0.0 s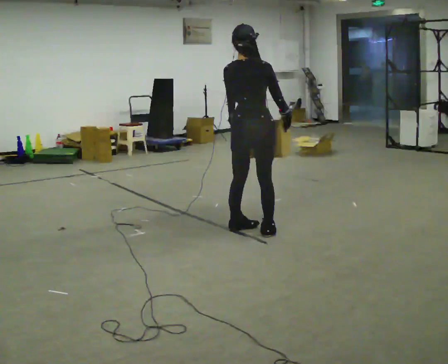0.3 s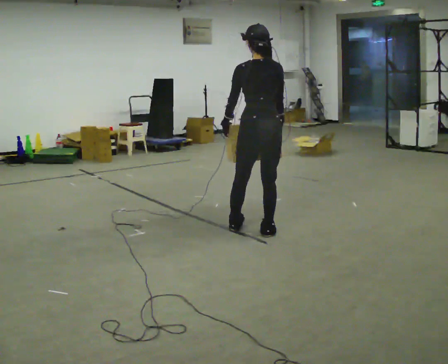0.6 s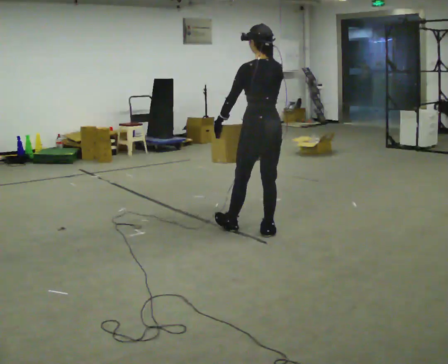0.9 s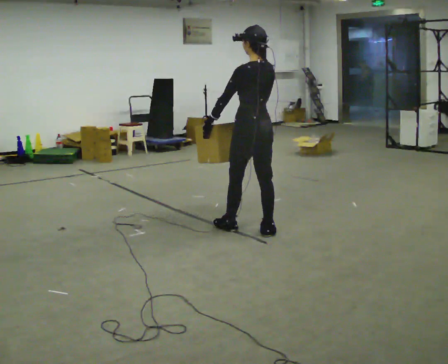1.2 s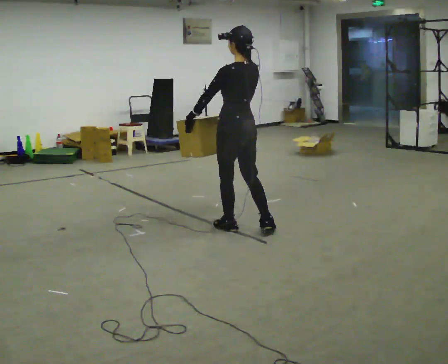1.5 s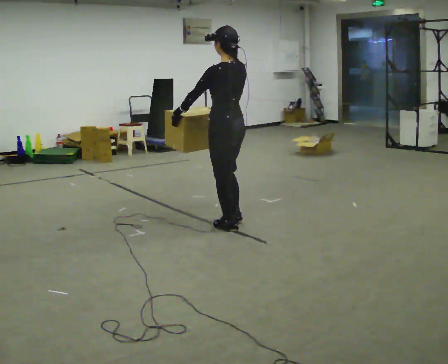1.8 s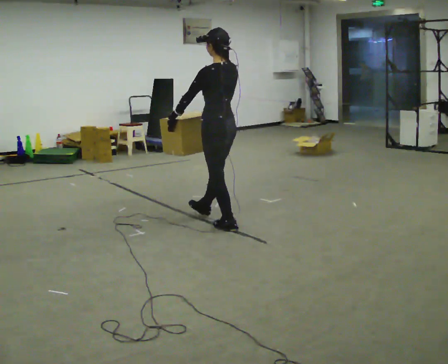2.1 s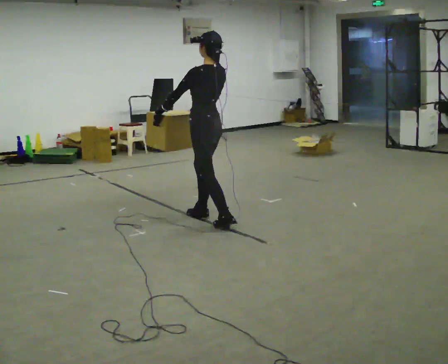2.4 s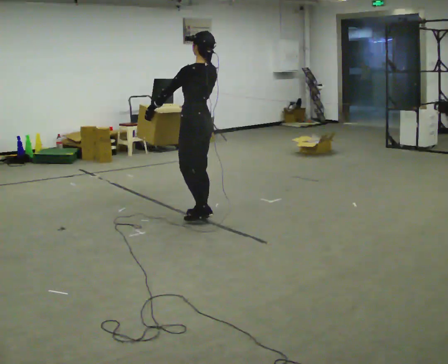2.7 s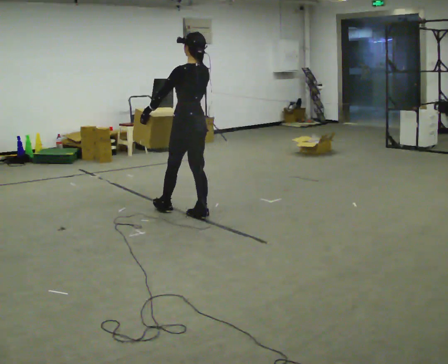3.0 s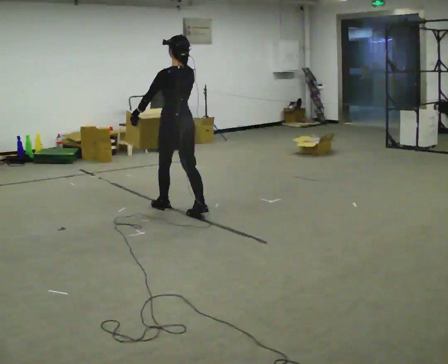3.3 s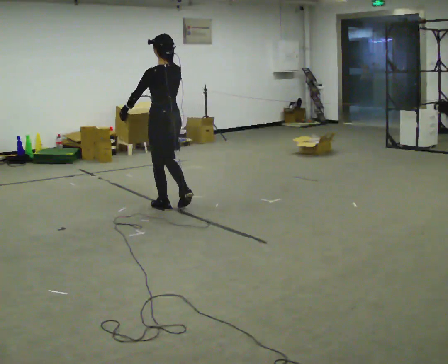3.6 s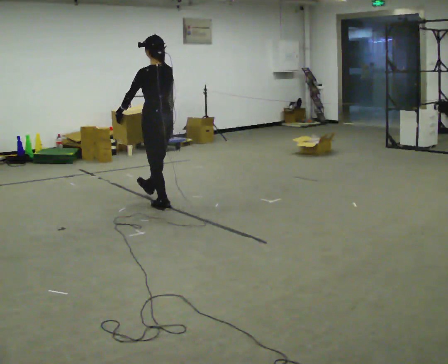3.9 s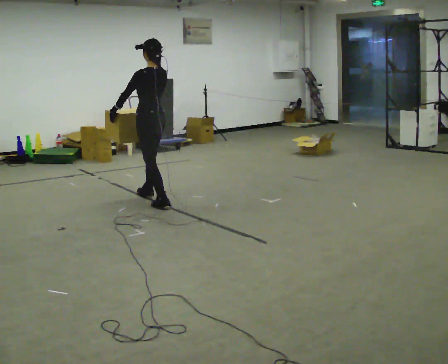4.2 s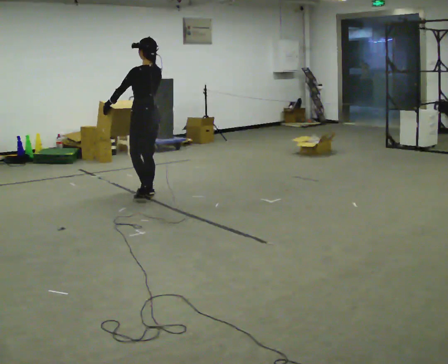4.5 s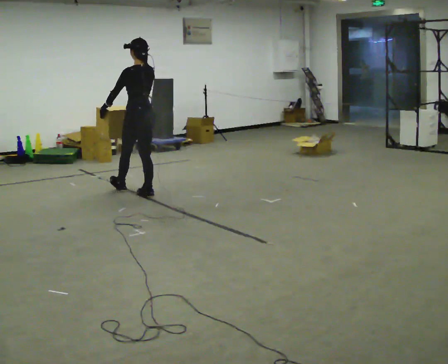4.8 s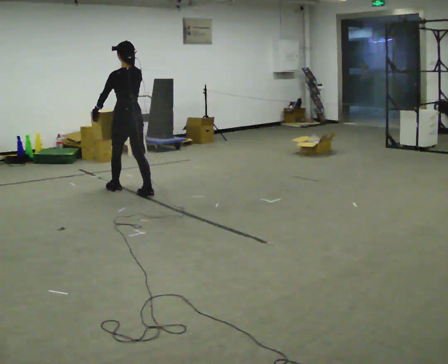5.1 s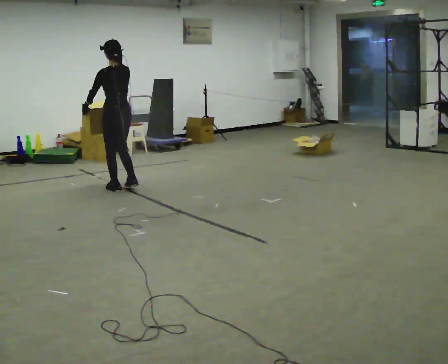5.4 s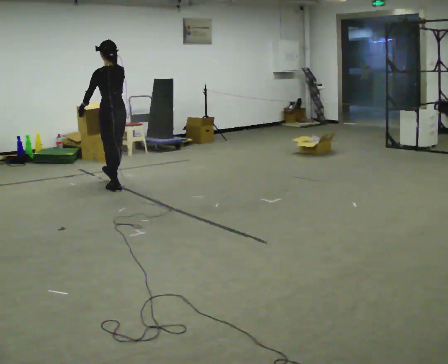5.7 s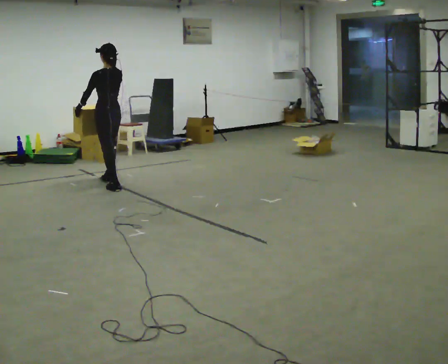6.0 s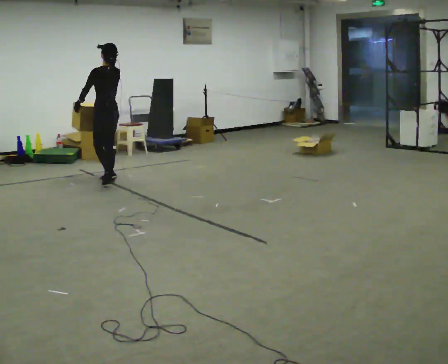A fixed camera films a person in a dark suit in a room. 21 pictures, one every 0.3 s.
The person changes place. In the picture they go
away from the camera.
0.0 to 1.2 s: The person turns about 60 degrees to their left, counterclockwise seen from above, so the part of the body nearest the lens slides to the right. In the picture their right hand goes to the left.
1.2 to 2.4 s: In the picture they go away from the camera and to the left, about 0.5 m in 1 step, which for them is forward.
2.4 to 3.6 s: In the picture they go away from the camera and to the left, about 0.5 m in 1 step, which for them is forward.
3.6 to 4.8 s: In the picture they go away from the camera and to the left, about 0.5 m in 2 steps, which for them is forward.
4.8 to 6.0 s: In the picture they go away from the camera and to the left, about 0.5 m in 1 step, which for them is forward.
The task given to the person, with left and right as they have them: Carry the box across the room much more slowly and carefully than normal, back and forth.
The film runs forward here.
